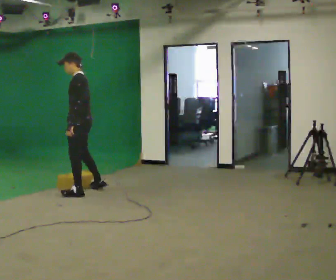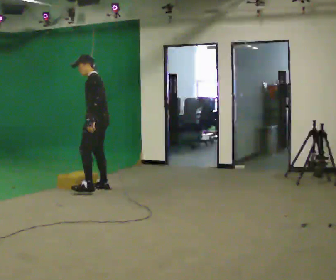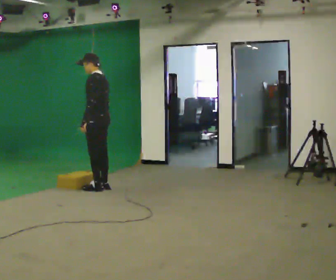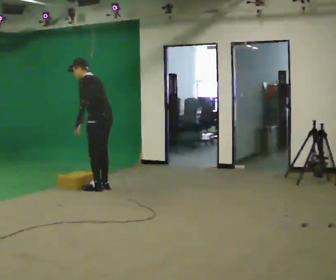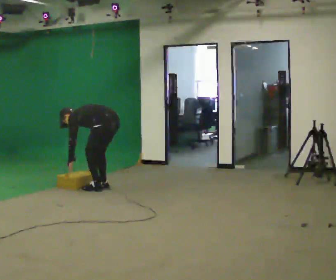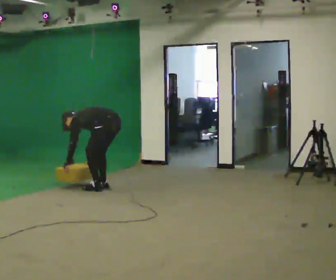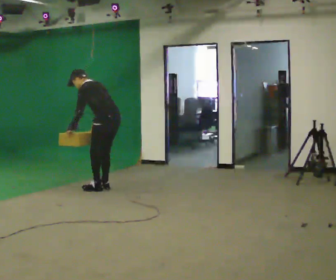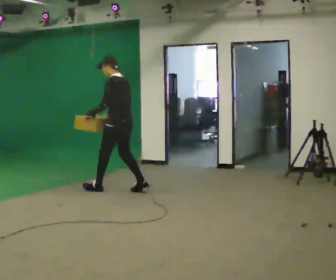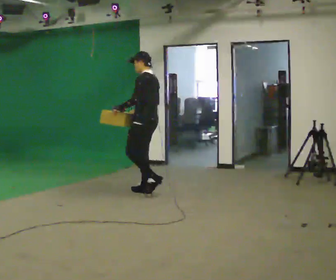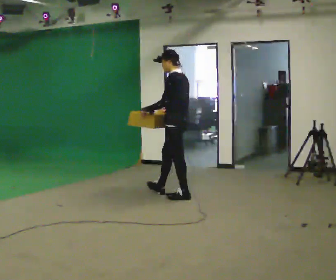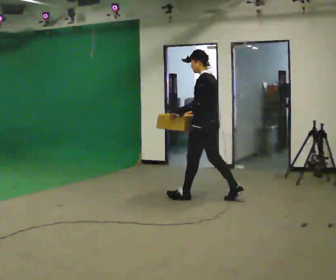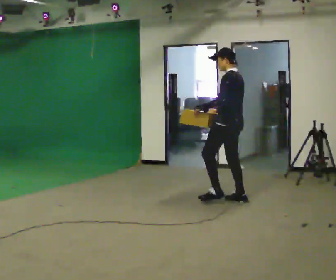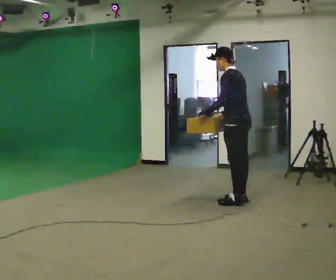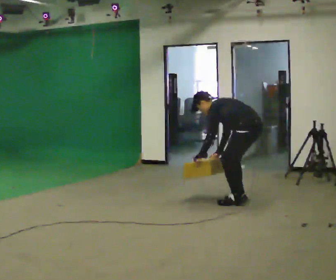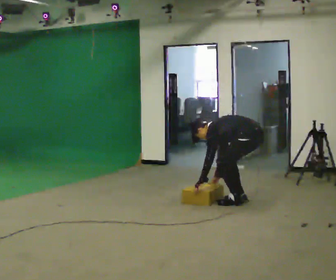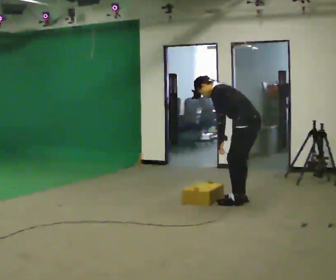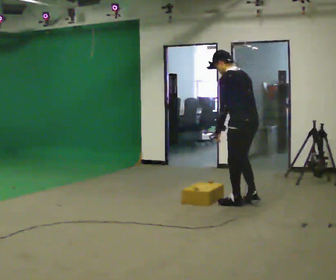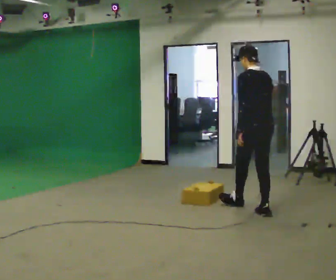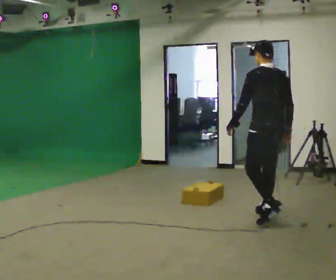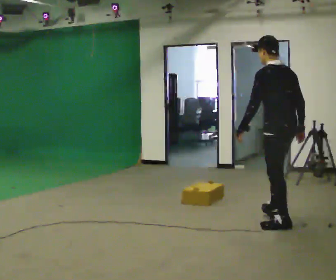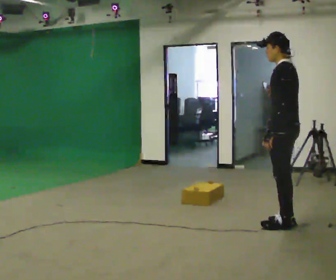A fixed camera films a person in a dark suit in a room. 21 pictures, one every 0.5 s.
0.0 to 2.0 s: Seen from above the body turns clockwise, about 30 degrees: to their right, with its near side sliding to the left. In the picture they go to the right and away from the camera, about 0.25 m in 1 step, which for them is to their right and backward. The upper body goes downward. In the picture the upper body tilts counterclockwise, shoulders to the left, as they bend forward. In the picture their right hand goes downward.
2.0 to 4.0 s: In the picture they go to the right, about 0.5 m in 2 steps, which for them is backward. In the picture the upper body tilts clockwise, shoulders to the right, as they lean back or straighten. In the picture their right hand goes upward.
4.0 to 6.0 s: In the picture they go to the right, about 1 m in 2 steps, which for them is backward.
6.0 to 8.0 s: In the picture they go toward the camera, about 0.25 m in 1 step, which for them is to their left and backward.
8.0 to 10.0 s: In the picture they go toward the camera and to the right, about 1 m in 2 steps, which for them is backward.
The film runs backward here.
